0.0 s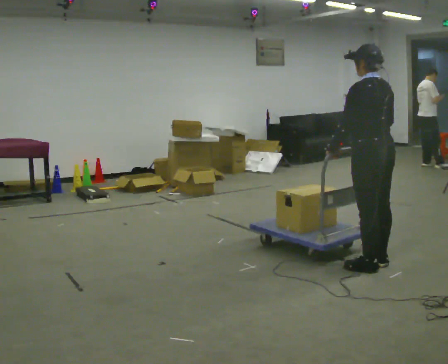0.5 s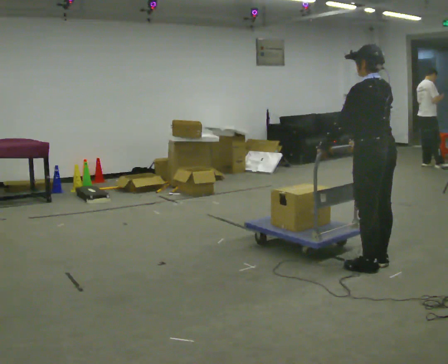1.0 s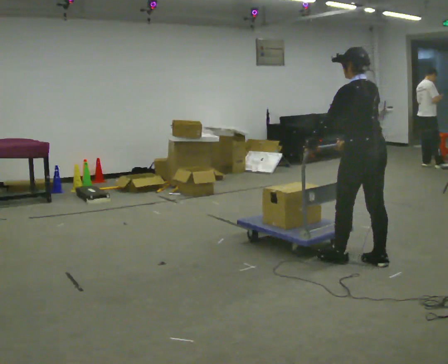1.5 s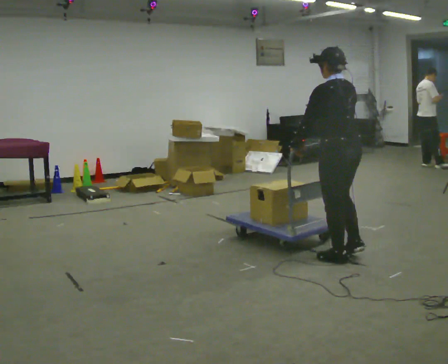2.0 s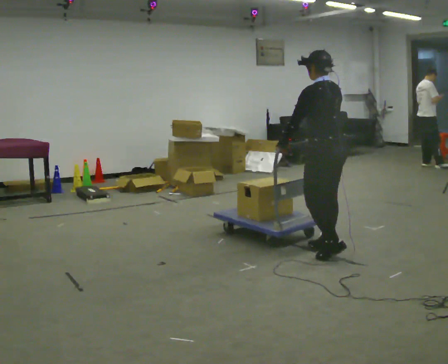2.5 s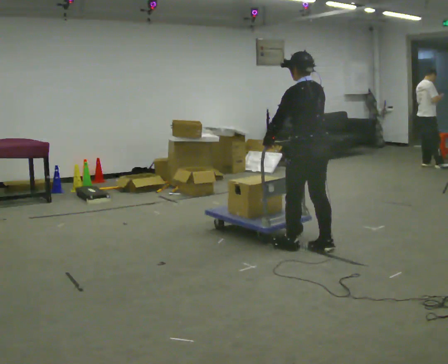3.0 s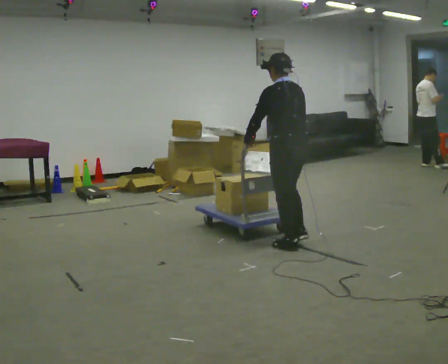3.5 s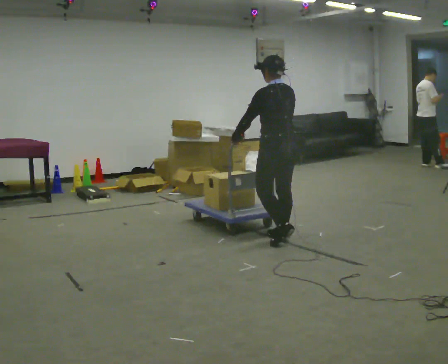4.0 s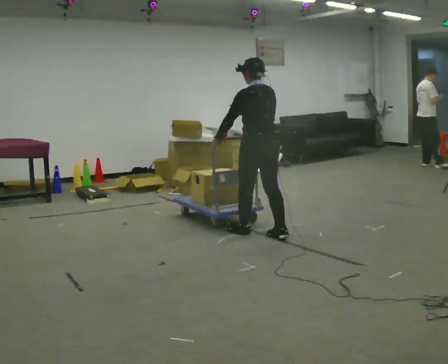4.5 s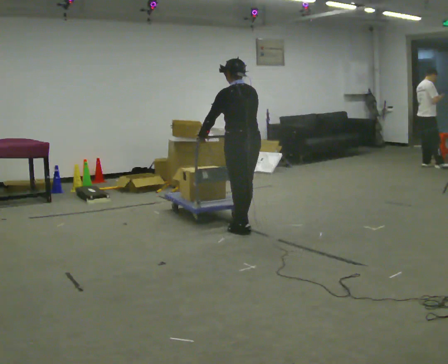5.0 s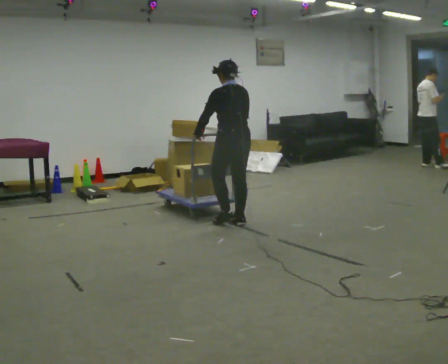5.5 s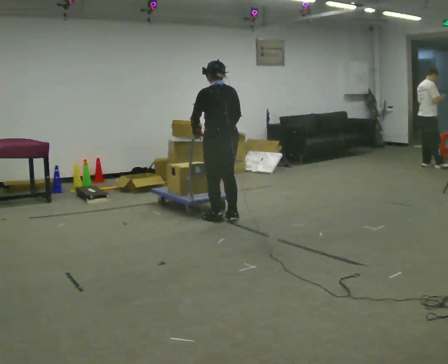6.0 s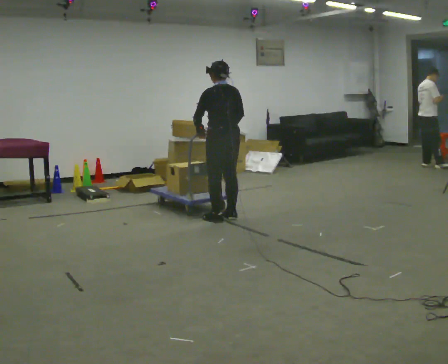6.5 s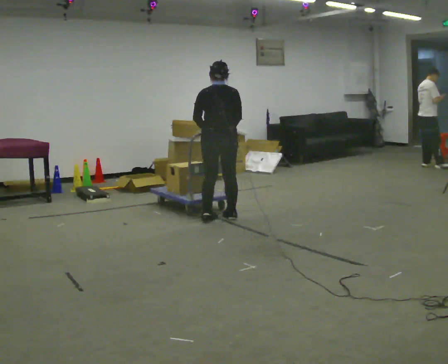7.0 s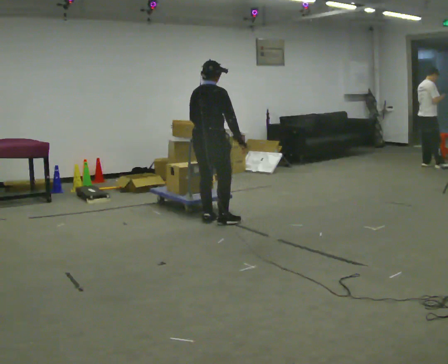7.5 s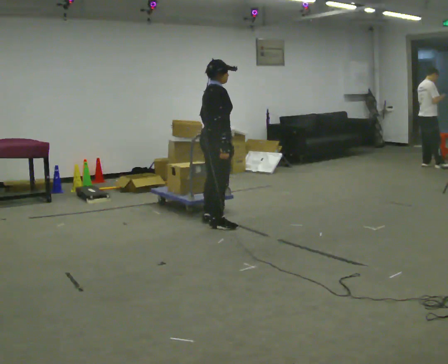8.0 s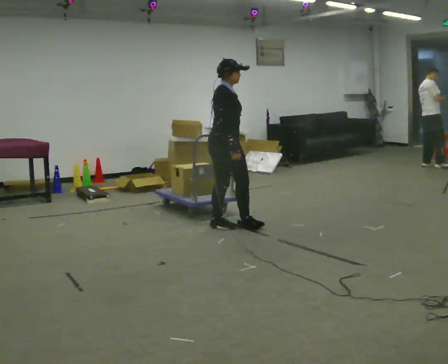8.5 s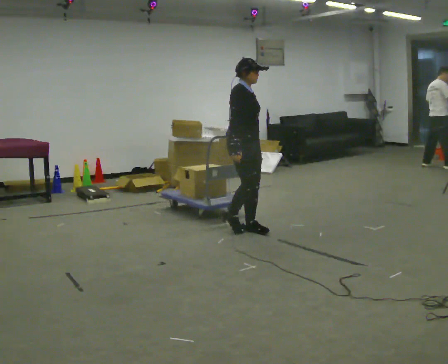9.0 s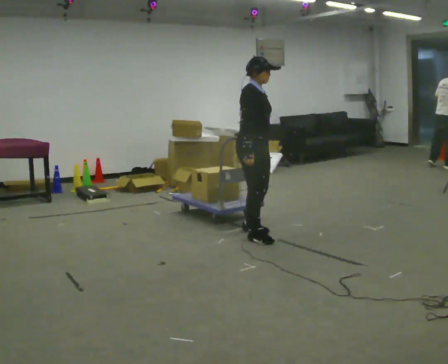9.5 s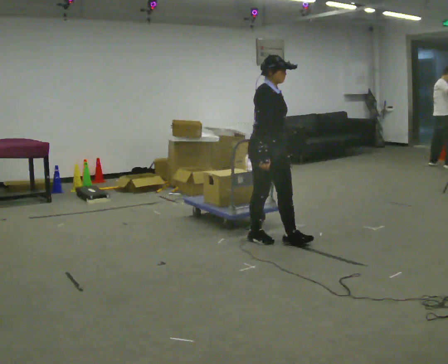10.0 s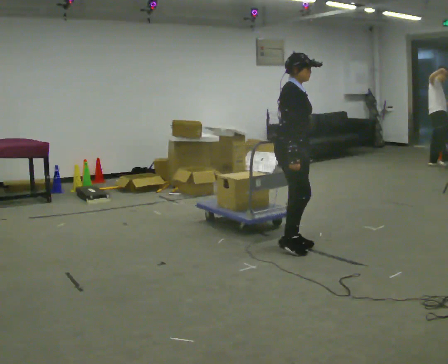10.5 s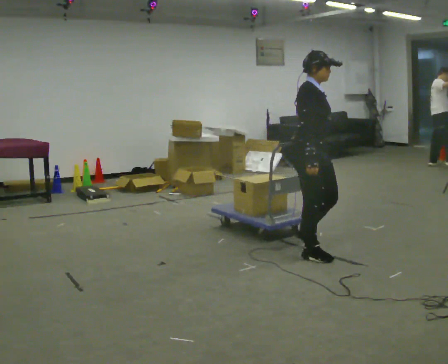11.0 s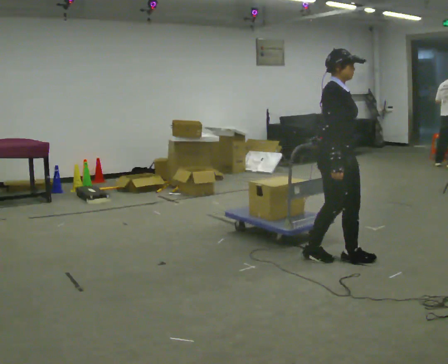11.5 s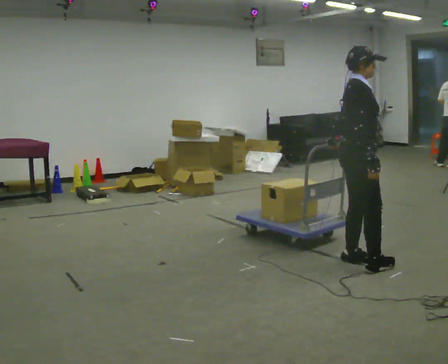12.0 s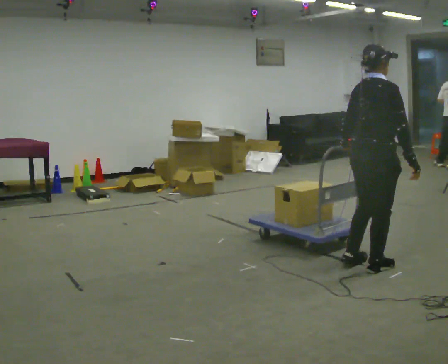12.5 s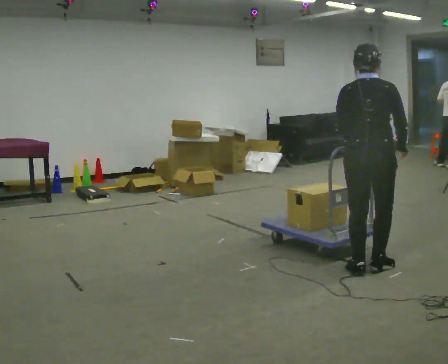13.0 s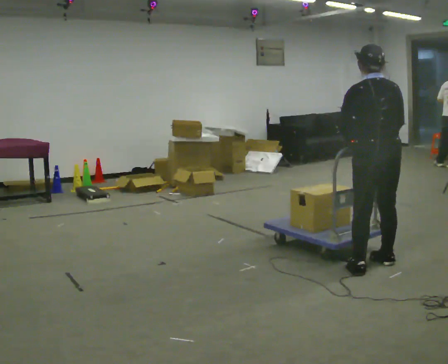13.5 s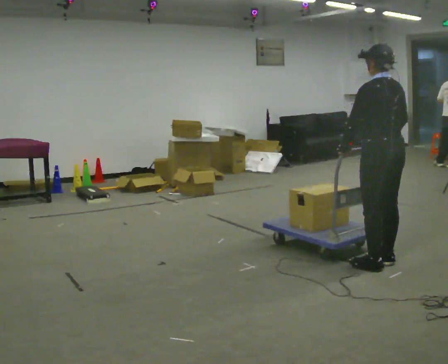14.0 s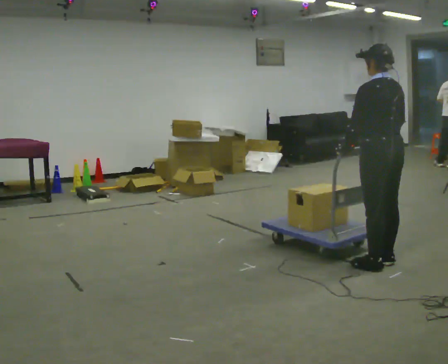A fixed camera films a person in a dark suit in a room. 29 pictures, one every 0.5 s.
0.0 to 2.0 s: In the picture they go away from the camera and to the left, about 0.5 m in 2 steps, which for them is forward.
2.0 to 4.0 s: In the picture they go away from the camera and to the left, about 1 m in 3 steps, which for them is forward.
4.0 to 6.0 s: In the picture they go away from the camera and to the left, about 0.75 m in 3 steps, which for them is forward.
6.0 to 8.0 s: The person turns about 150 degrees to their right, clockwise seen from above, so the part of the body nearest the lens slides to the left. In the picture they go toward the camera, about 0.25 m in 1 step.
8.0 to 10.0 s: In the picture they go toward the camera and to the right, about 1 m in 3 steps, which for them is forward.
10.0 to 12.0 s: Seen from above the body turns counterclockwise, about 60 degrees: to their left, with its near side sliding to the right. In the picture they go toward the camera and to the right, about 1 m in 3 steps.
12.0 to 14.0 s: Seen from above the body turns counterclockwise, about 90 degrees: to their left, with its near side sliding to the right.
The film runs forward here.
